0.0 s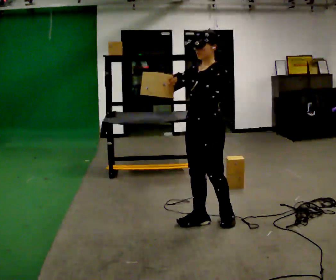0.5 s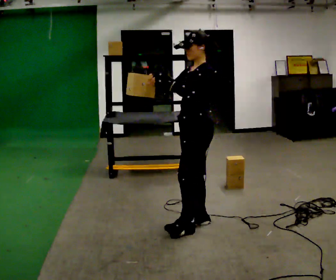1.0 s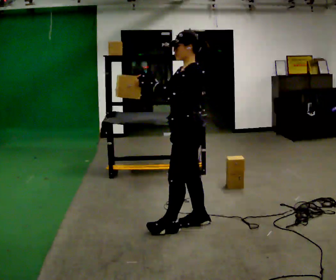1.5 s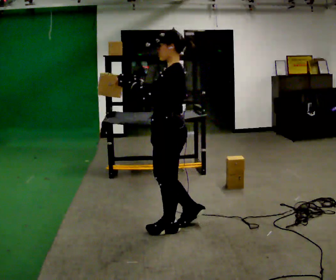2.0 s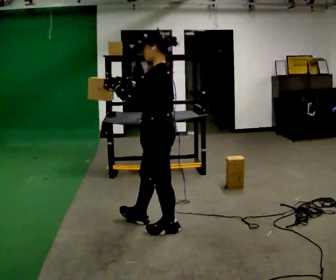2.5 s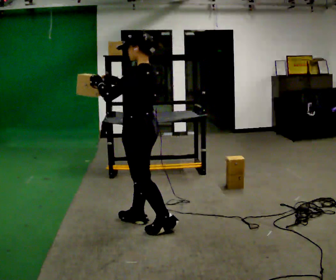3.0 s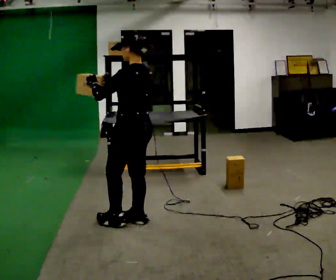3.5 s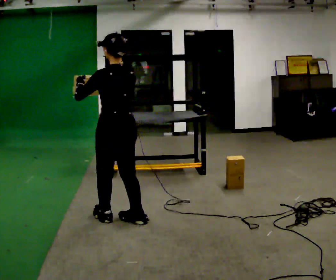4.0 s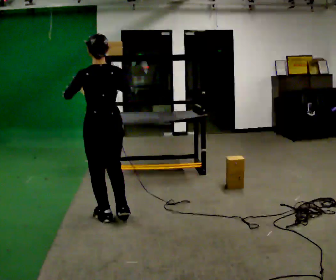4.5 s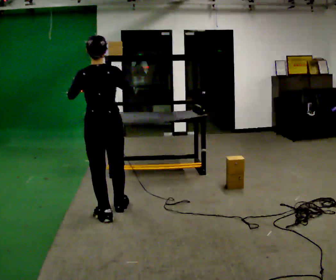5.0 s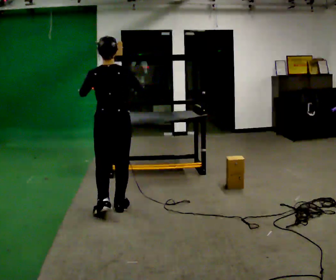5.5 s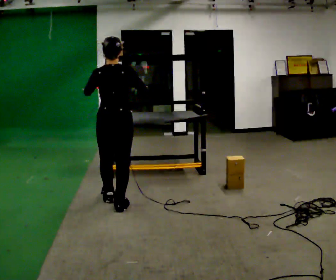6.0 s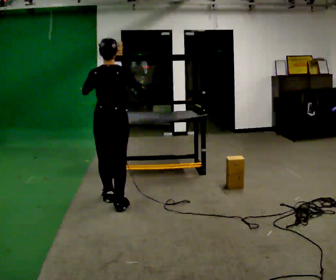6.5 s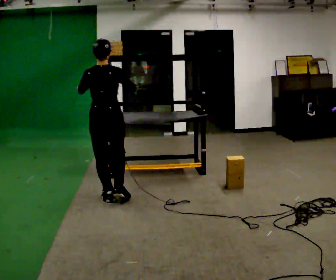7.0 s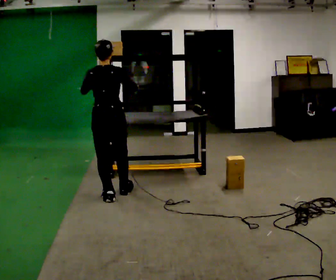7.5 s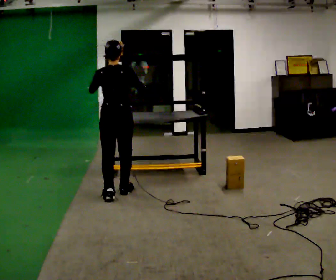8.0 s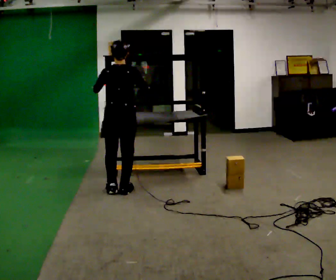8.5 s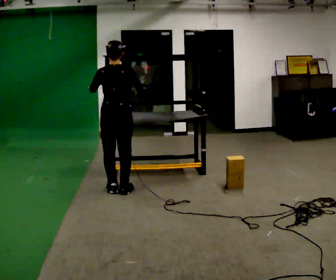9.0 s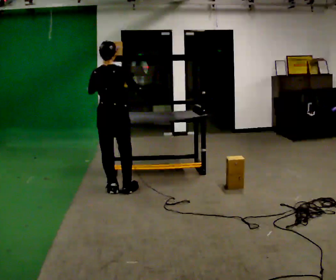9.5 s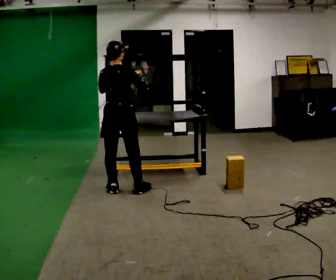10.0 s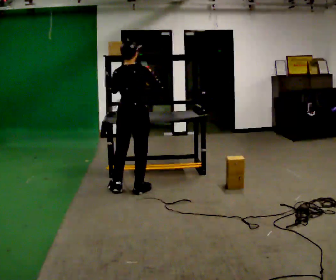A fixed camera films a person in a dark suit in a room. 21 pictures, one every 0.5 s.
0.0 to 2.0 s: The part of the body nearest the lens slides to the left as the person turns to their right by about 45 degrees. In the picture they go to the left, about 0.25 m in 2 steps, which for them is forward.
2.0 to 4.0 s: Seen from above the body turns clockwise, about 60 degrees: to their right, with its near side sliding to the left. In the picture they go to the left and away from the camera, about 0.5 m in 1 step, which for them is forward.
4.0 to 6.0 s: In the picture they go away from the camera, about 0.5 m in 2 steps, which for them is forward.
6.0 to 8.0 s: In the picture they go away from the camera, about 0.25 m in 1 step, which for them is forward.
8.0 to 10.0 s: The person moves a little, or ends about where they began.
The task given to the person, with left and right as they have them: Place the object on the shelf just at the top of your comfortable reach. Repeat at your own pace until the operator says stop. Keep both feet on the marked spots for the whole take. If you have to step, stop and tell the operator.
The film runs forward here.
